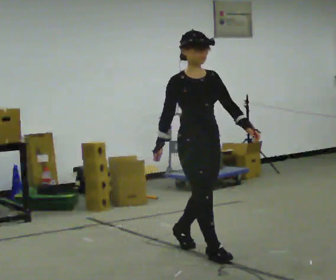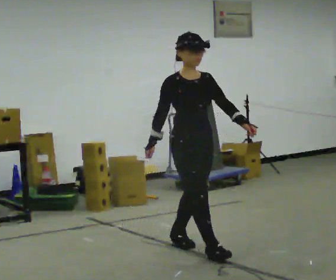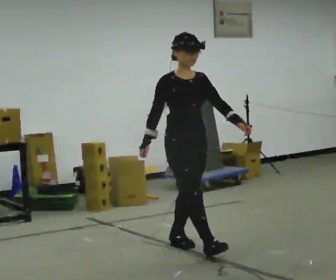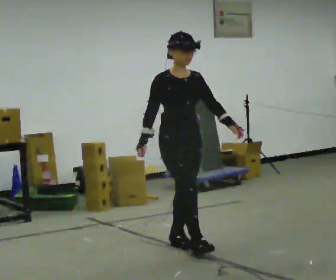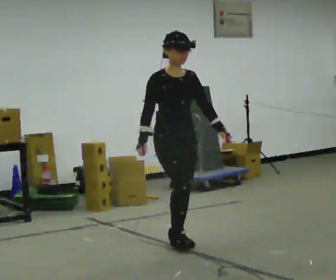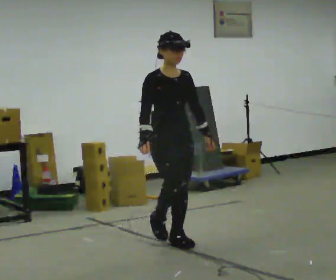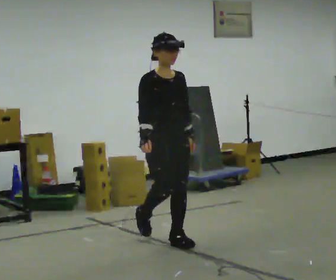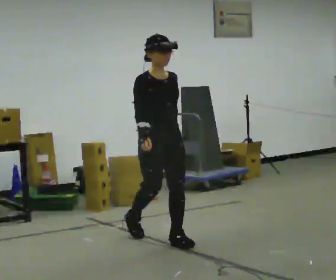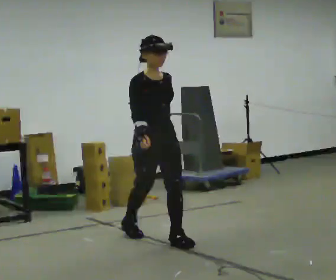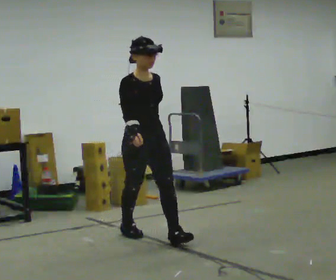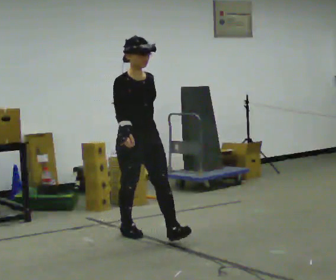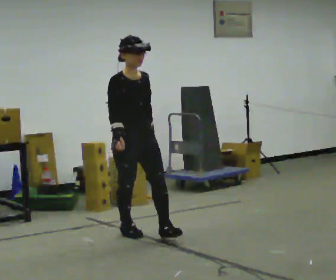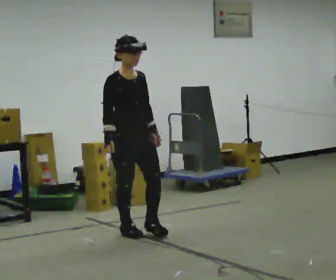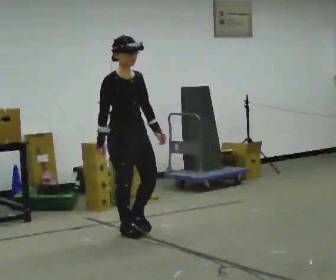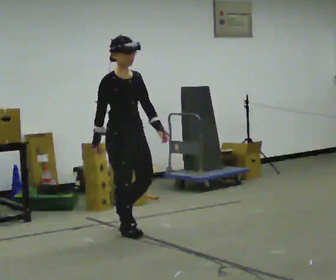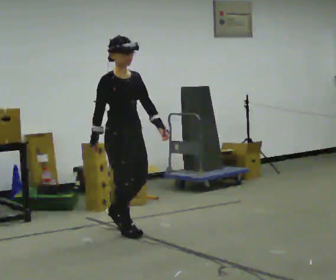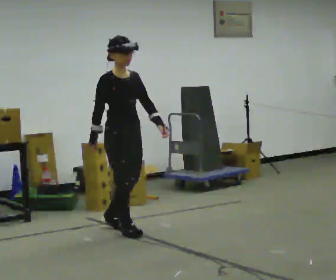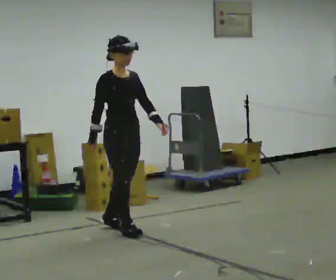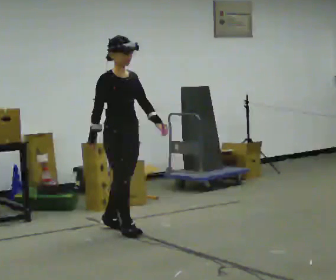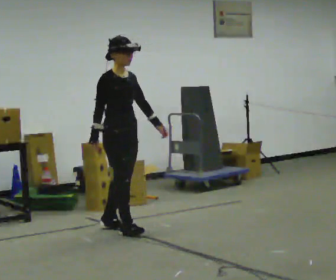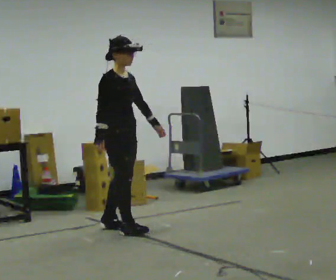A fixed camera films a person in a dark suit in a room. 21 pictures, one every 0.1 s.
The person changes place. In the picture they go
away from the camera.
0.0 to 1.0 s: In the picture they go away from the camera and to the left, about 0.5 m in 2 steps, which for them is backward.
1.0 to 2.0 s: The person turns about 30 degrees to their left, counterclockwise seen from above, so the part of the body nearest the lens slides to the right. In the picture they go away from the camera and to the left, about 0.25 m, which for them is backward.
The film runs backward here.
